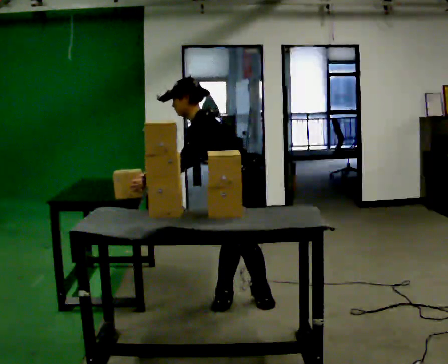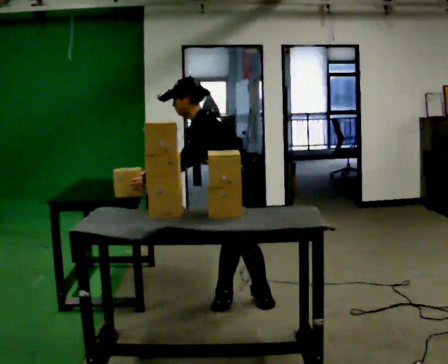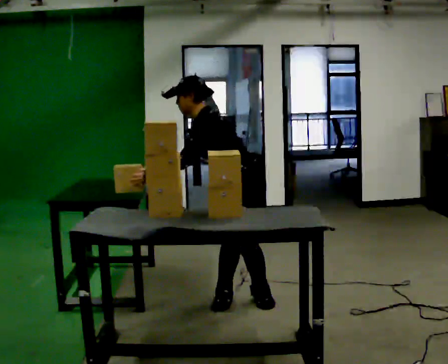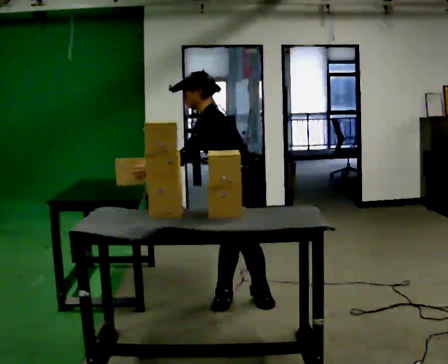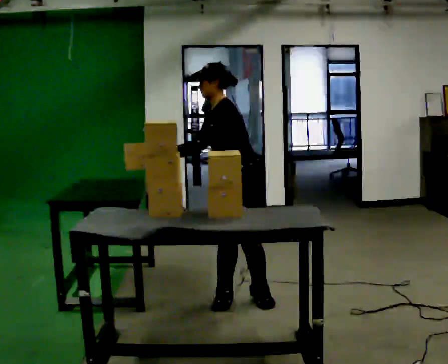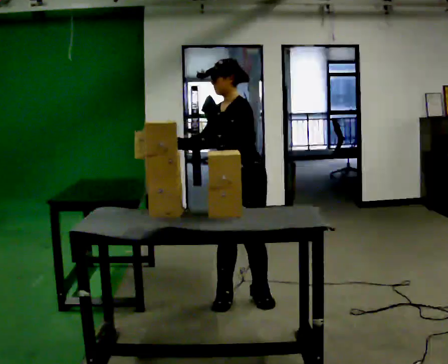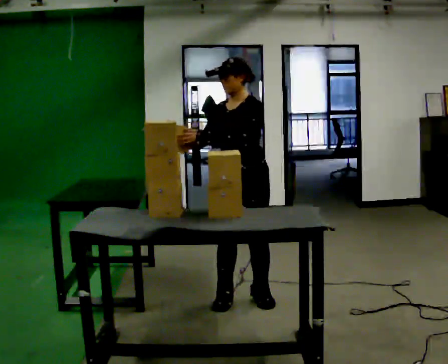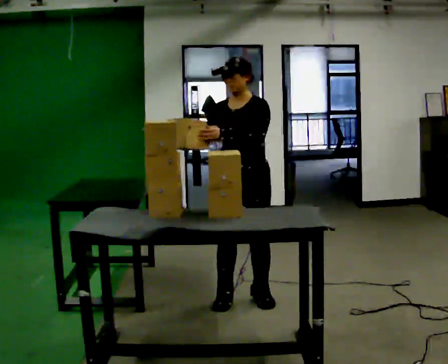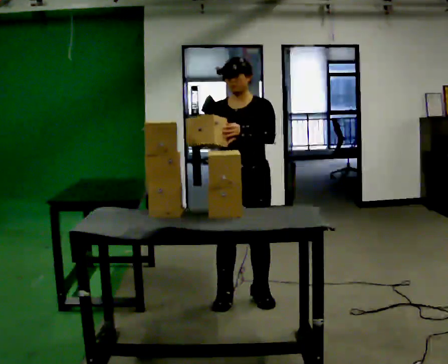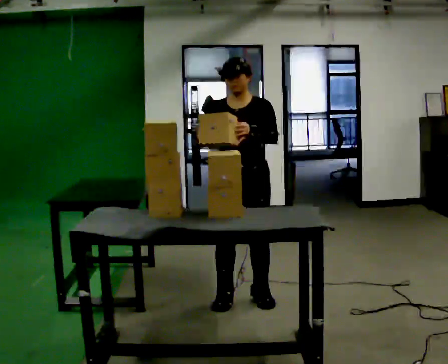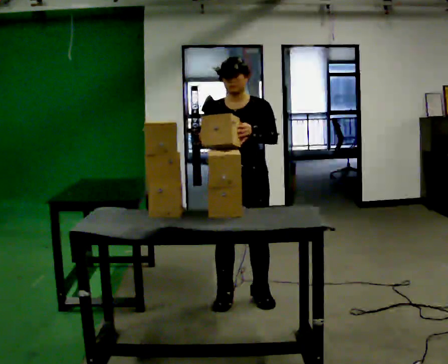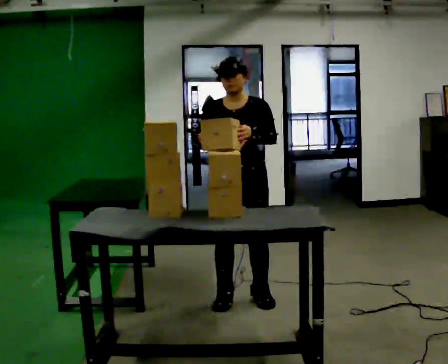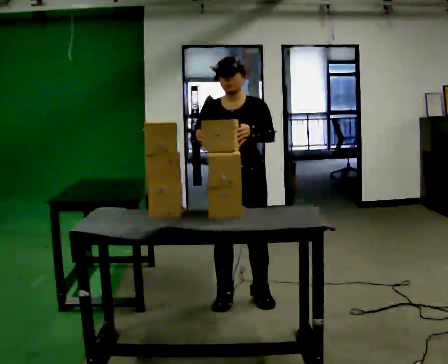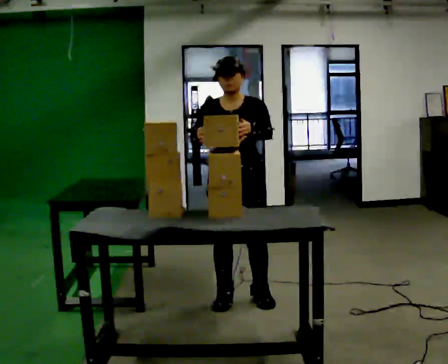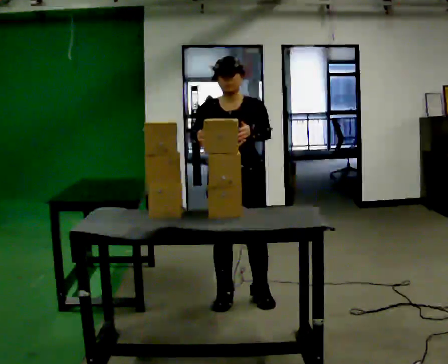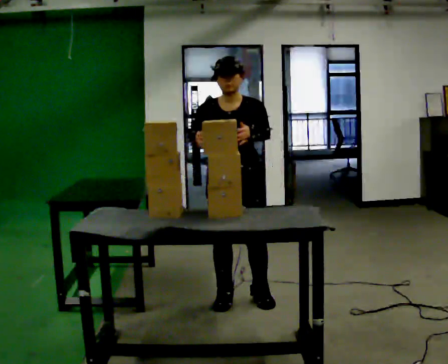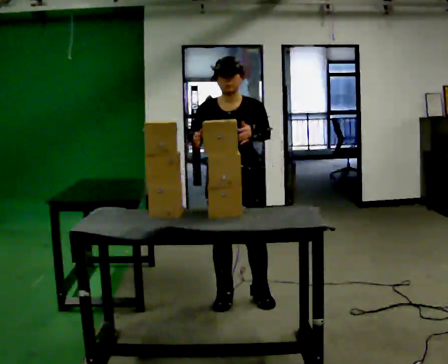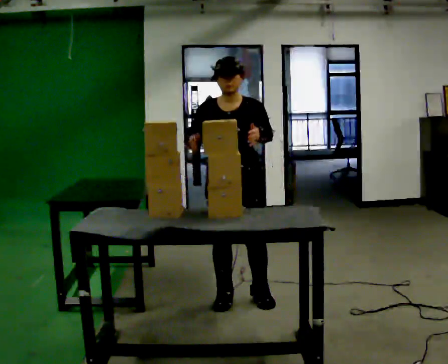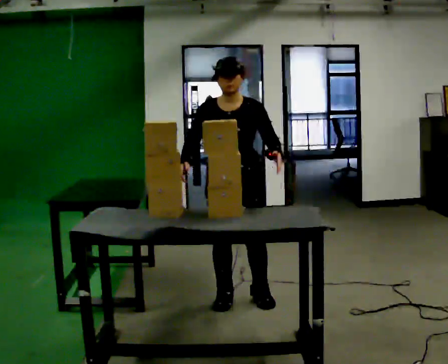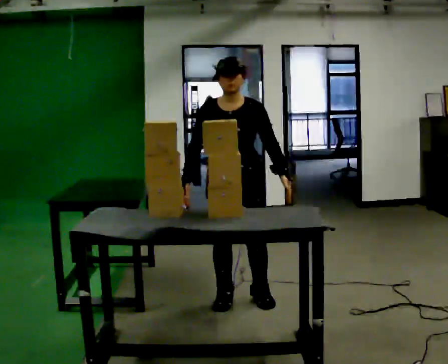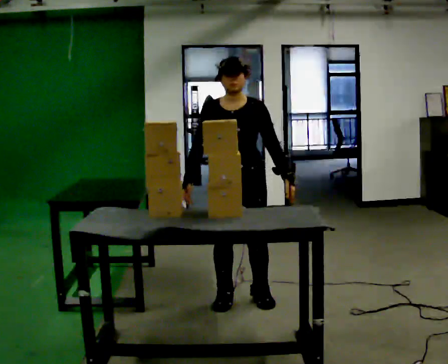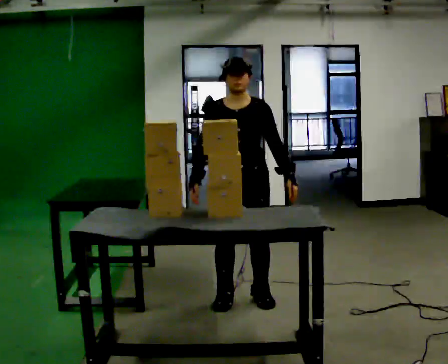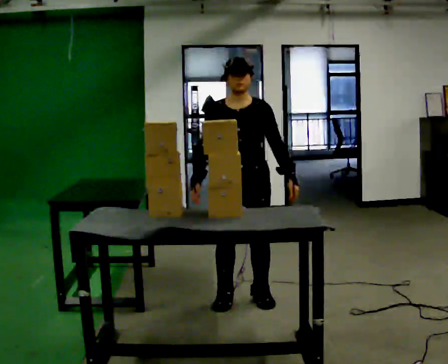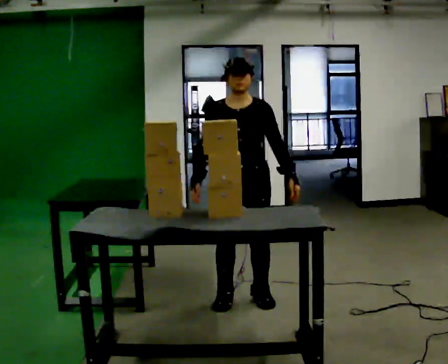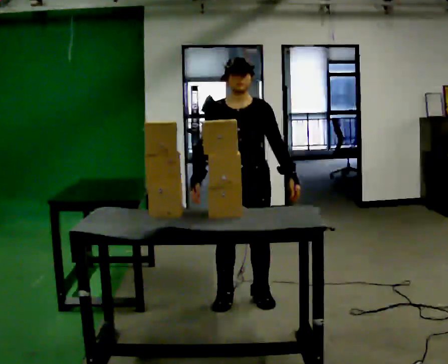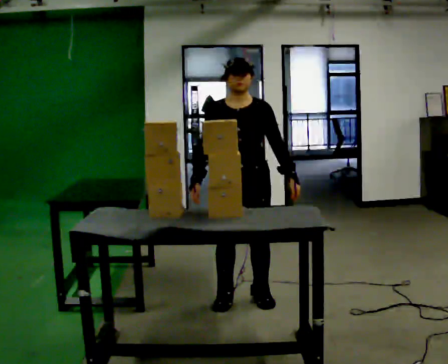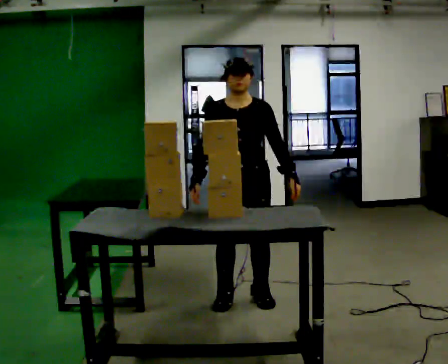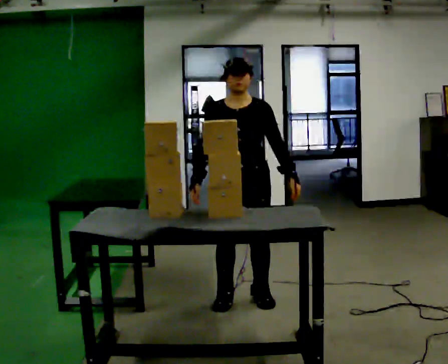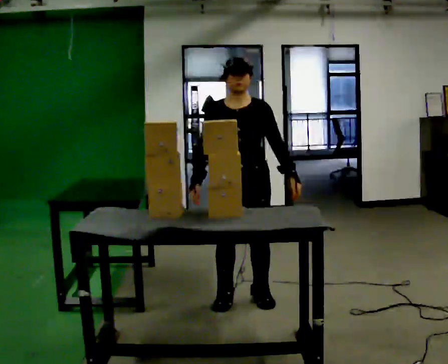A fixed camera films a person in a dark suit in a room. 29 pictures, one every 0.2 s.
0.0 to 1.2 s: The part of the body nearest the lens slides to the right as the person turns to their left by about 30 degrees. In the picture the upper body tilts clockwise, shoulders to the right, as they lean back or straighten.
1.2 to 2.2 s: The part of the body nearest the lens slides to the right as the person turns to their left by about 30 degrees.
2.2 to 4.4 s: The person moves a little, or ends about where they began.
4.4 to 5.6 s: The person keeps their place and pose.
The film runs backward here.
